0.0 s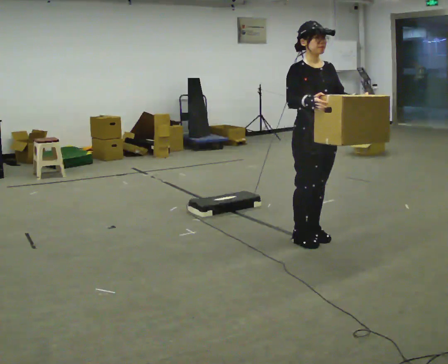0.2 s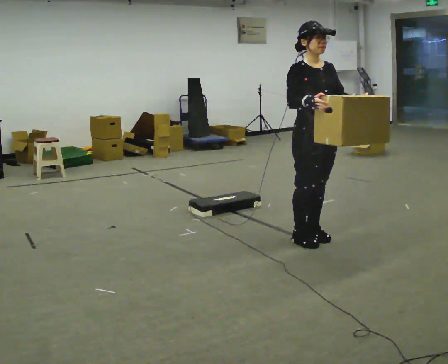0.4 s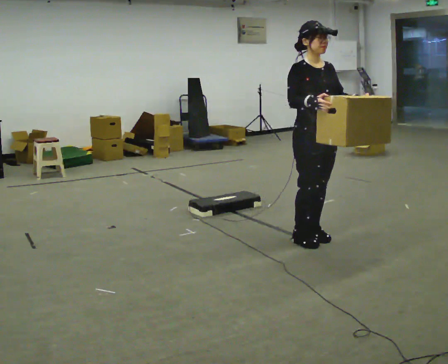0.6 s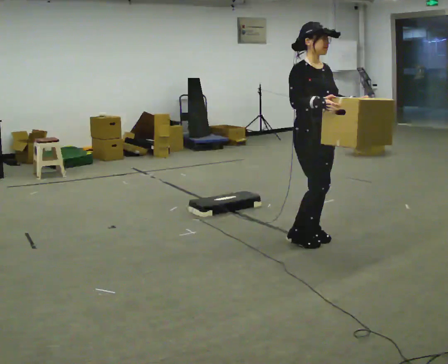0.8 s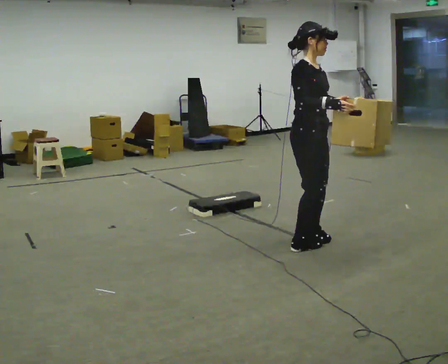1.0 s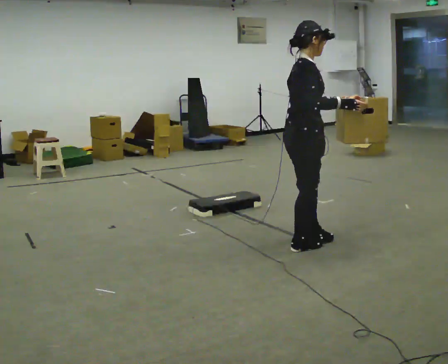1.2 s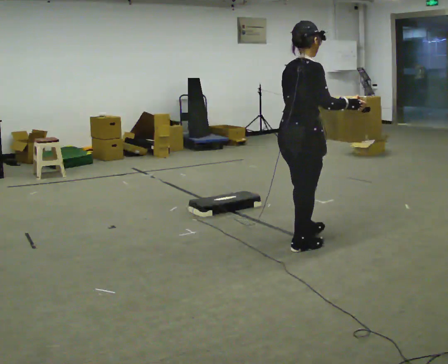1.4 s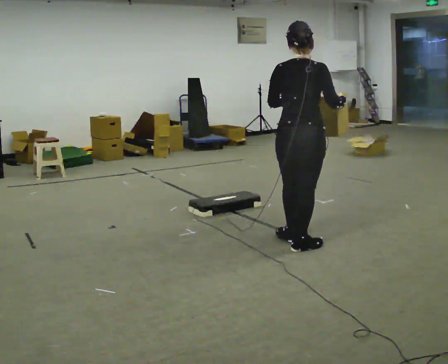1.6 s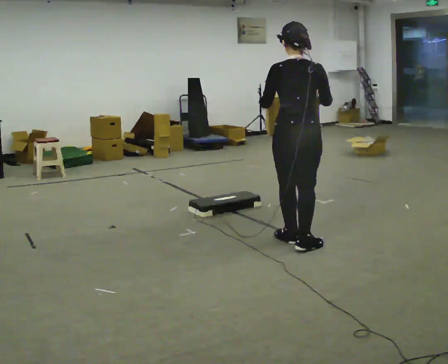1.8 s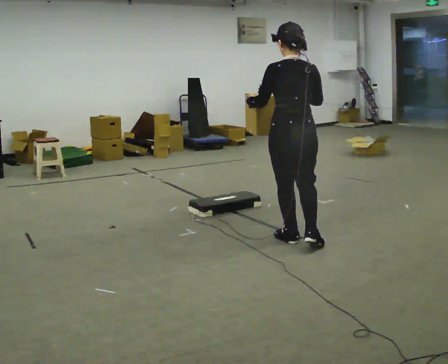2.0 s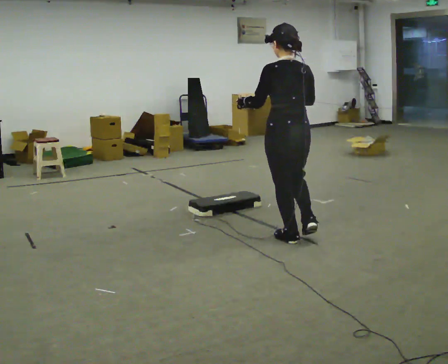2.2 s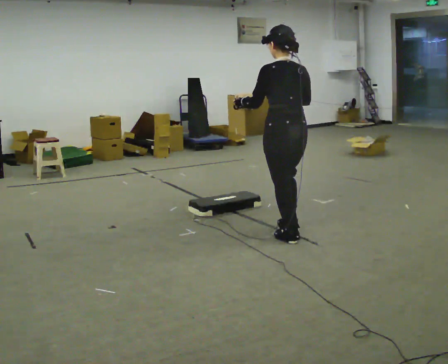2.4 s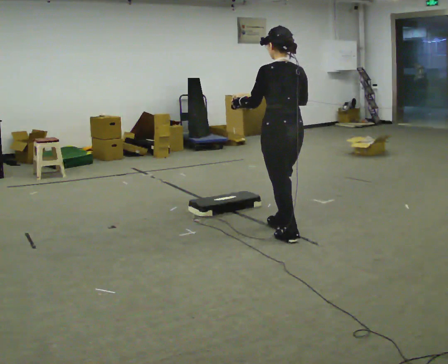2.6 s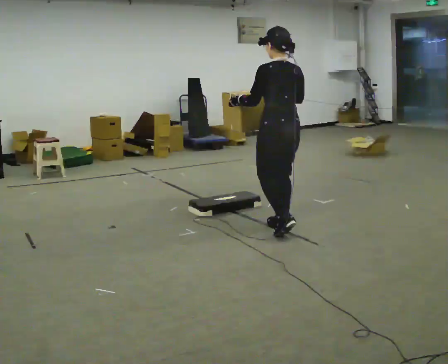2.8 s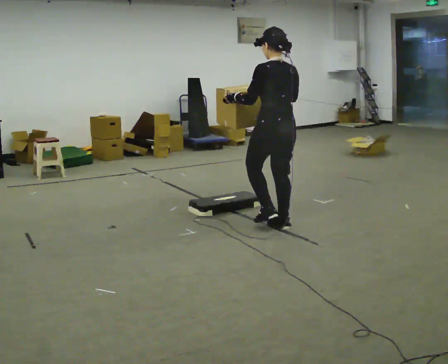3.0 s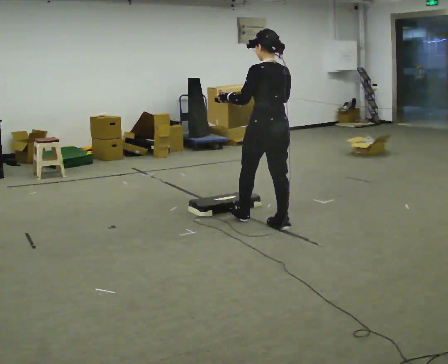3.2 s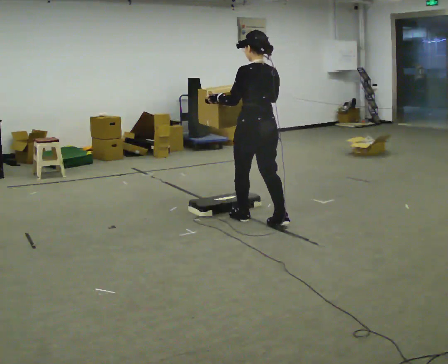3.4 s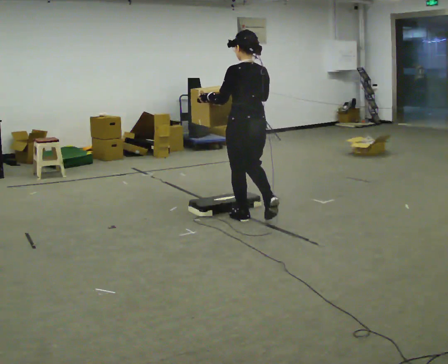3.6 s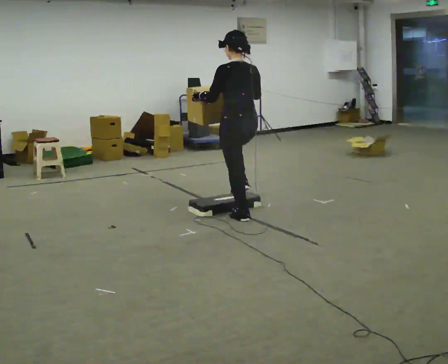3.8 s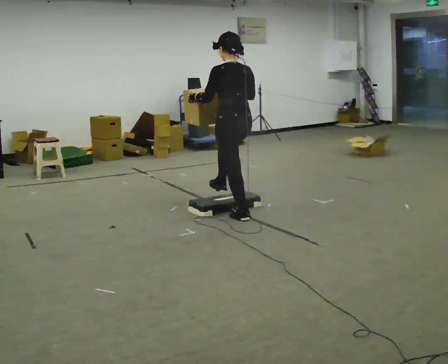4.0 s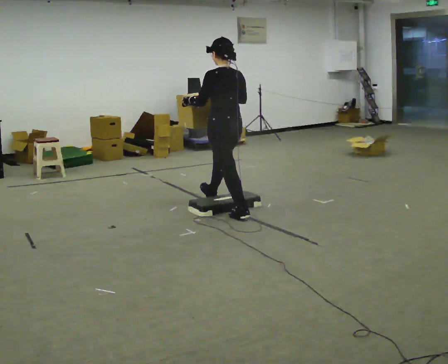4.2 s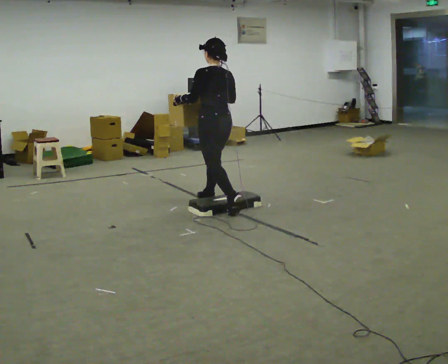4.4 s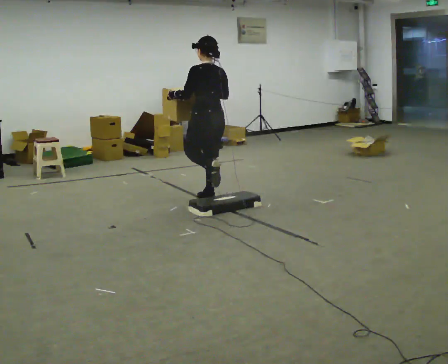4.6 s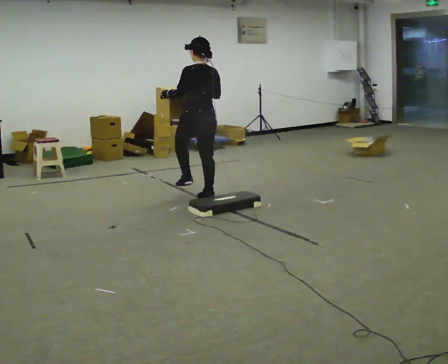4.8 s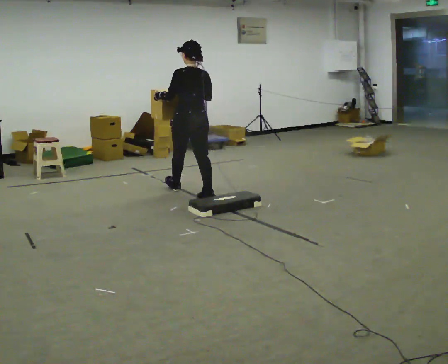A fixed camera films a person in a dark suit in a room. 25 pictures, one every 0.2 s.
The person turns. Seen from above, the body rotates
counterclockwise.
The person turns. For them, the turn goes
to their left.
0.0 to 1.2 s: The person turns about 90 degrees to their left, counterclockwise seen from above, so the part of the body nearest the lens slides to the right. In the picture they go toward the camera, about 0.25 m in 1 step. In the picture their left hand goes to the left.
1.2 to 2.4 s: The person turns about 90 degrees to their left, counterclockwise seen from above, so the part of the body nearest the lens slides to the right. In the picture they go away from the camera, about 0.25 m in 1 step.
2.4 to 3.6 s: In the picture they go away from the camera and to the left, about 0.5 m in 1 step, which for them is forward.
3.6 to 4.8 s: In the picture they go away from the camera and to the left, about 1 m in 1 step, which for them is forward.
The film runs forward here.
